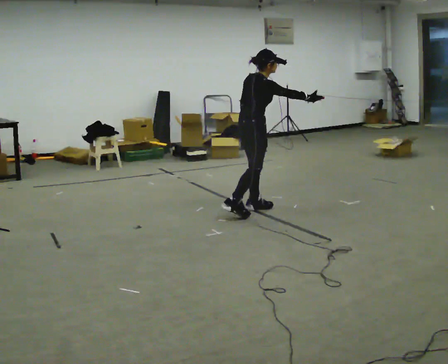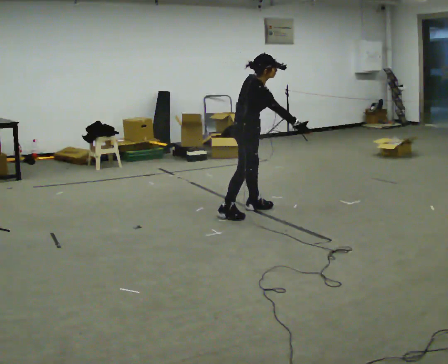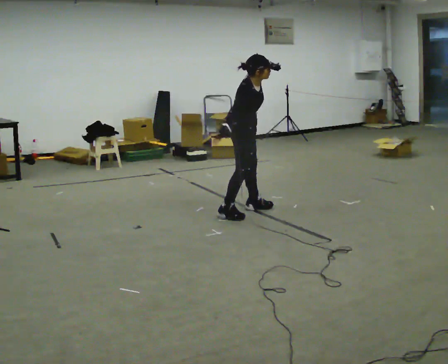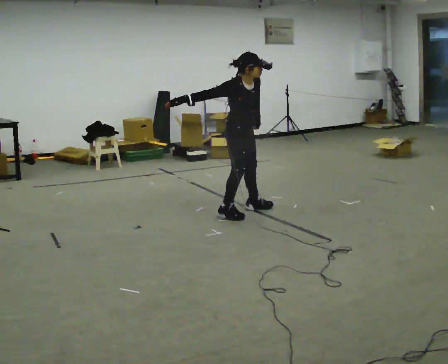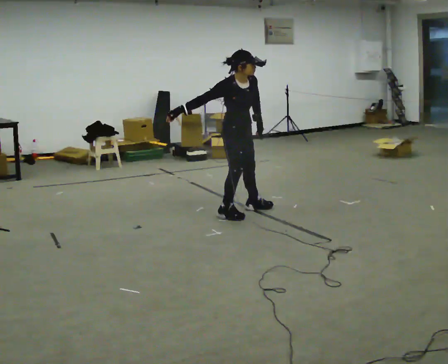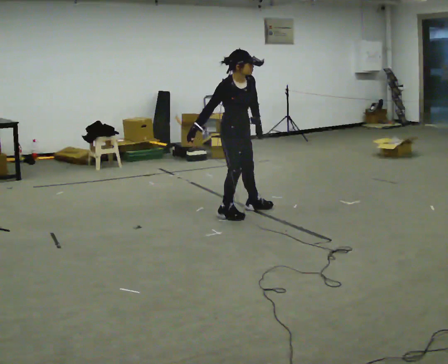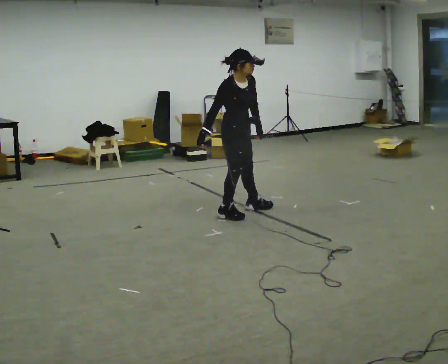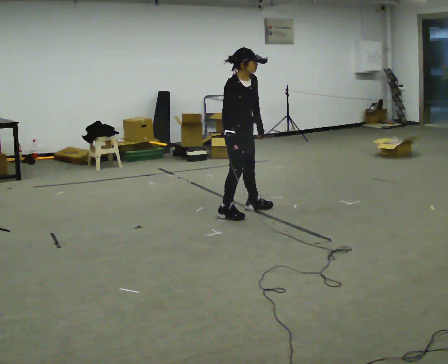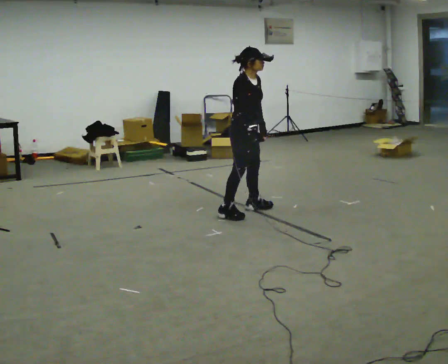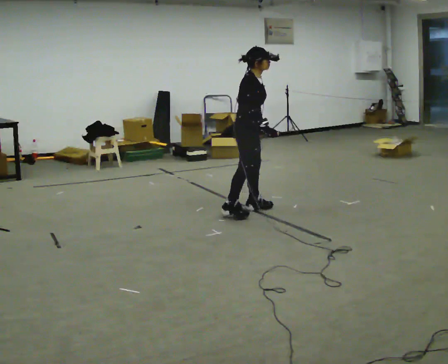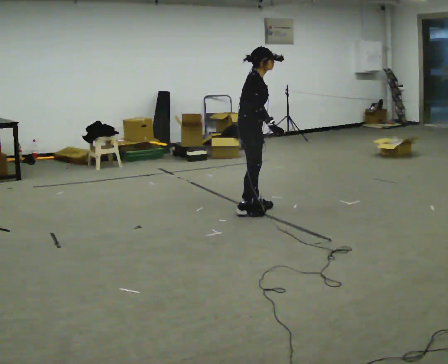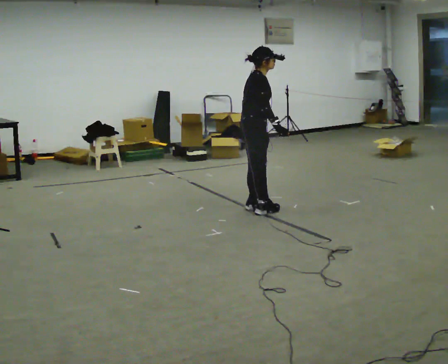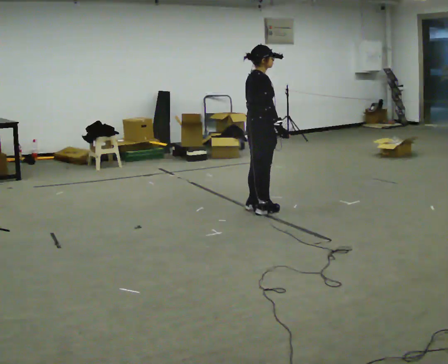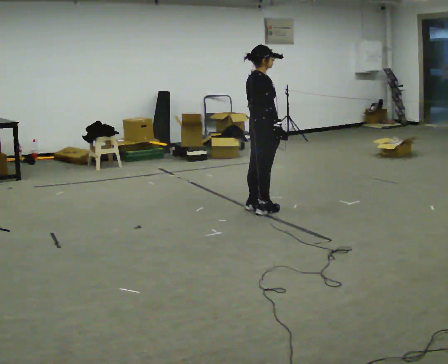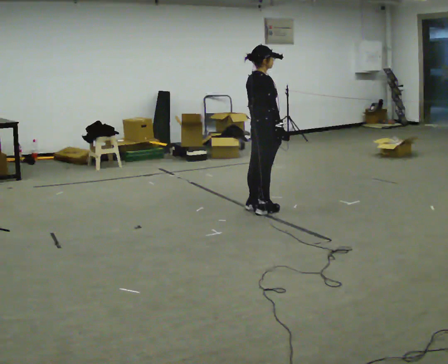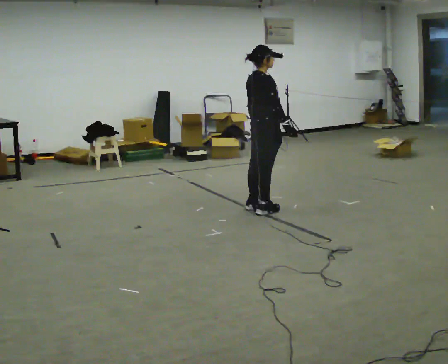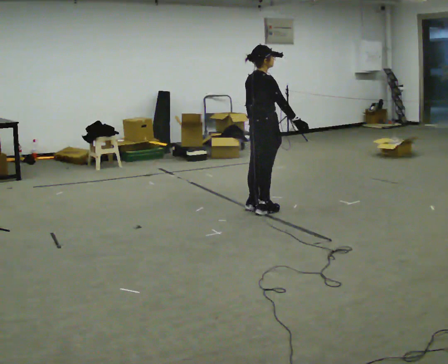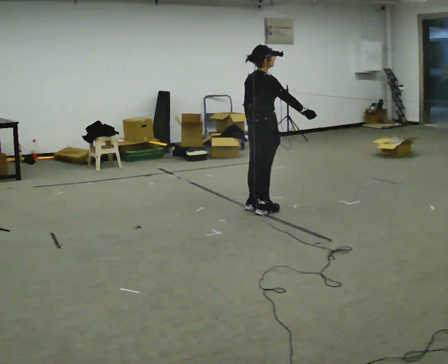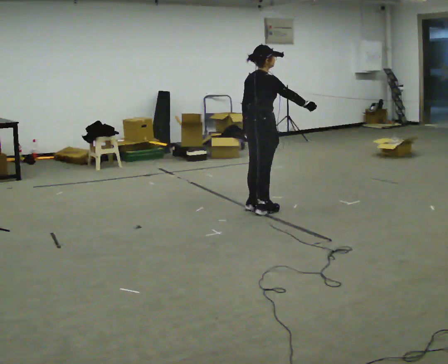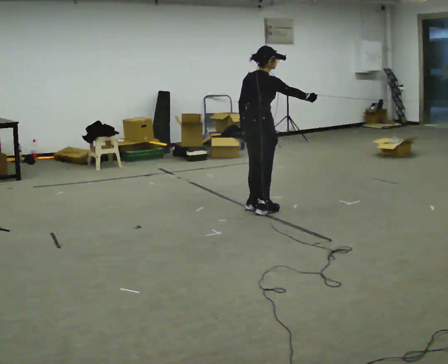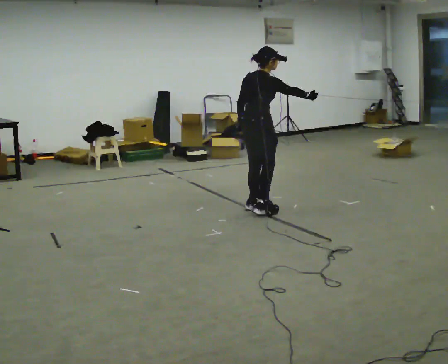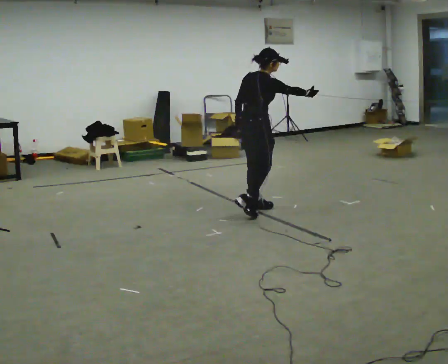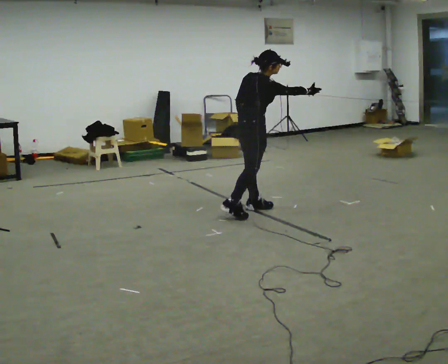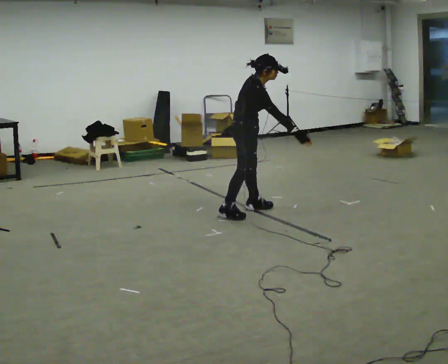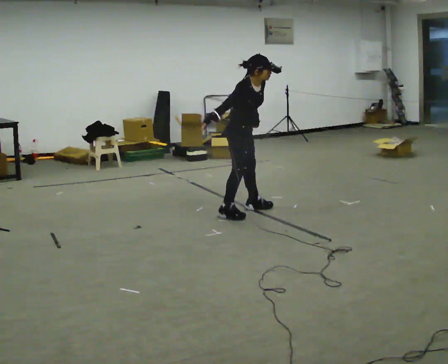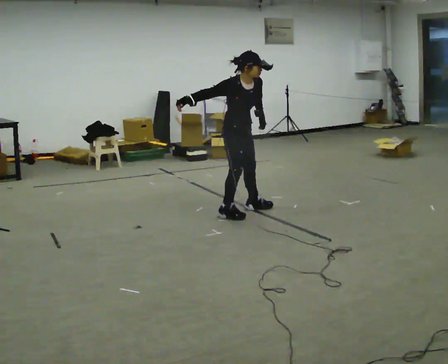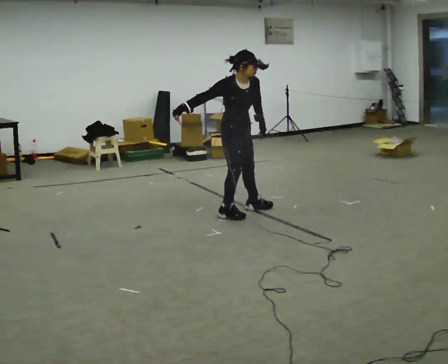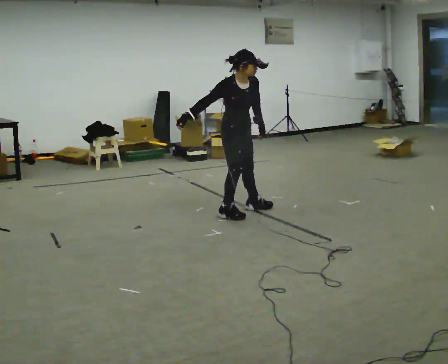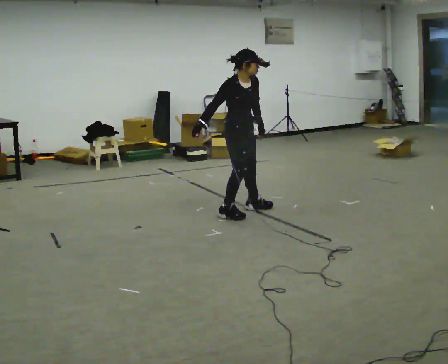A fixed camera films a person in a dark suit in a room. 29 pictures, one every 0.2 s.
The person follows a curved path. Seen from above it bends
clockwise.
0.0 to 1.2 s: The person turns about 60 degrees to their right, clockwise seen from above, so the part of the body nearest the lens slides to the left. In the picture their right hand goes to the left.
1.2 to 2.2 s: Seen from above the body turns counterclockwise, about 45 degrees: to their left, with its near side sliding to the right. The upper body tips away from the camera, its near side rolling upward. In the picture their right hand goes to the right, the arm swinging counterclockwise.
2.2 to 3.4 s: The person moves a little, or ends about where they began.
3.4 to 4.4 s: In the picture the upper body tilts clockwise, shoulders to the right.
4.4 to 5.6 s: The person turns about 75 degrees to their right, clockwise seen from above, so the part of the body nearest the lens slides to the left. In the picture their right hand goes to the left, the arm swinging clockwise.
The film runs backward here.
